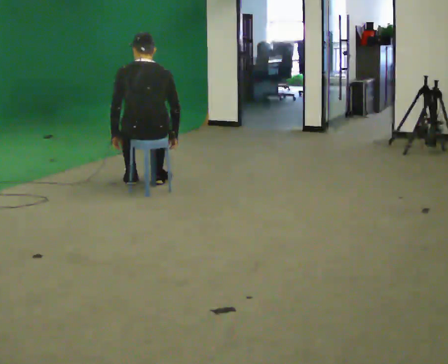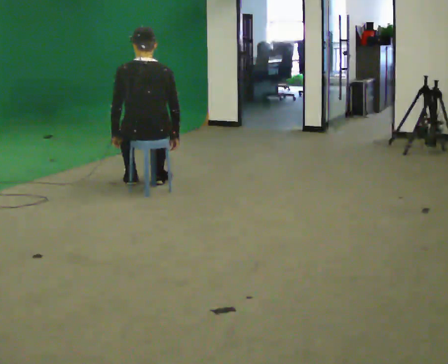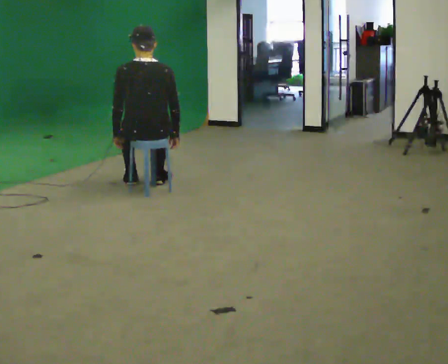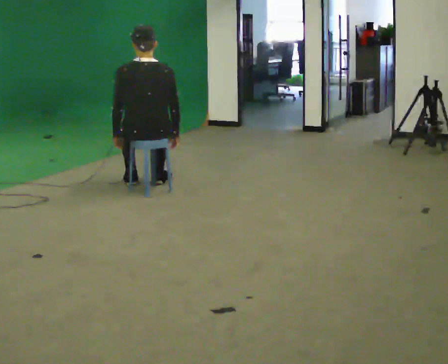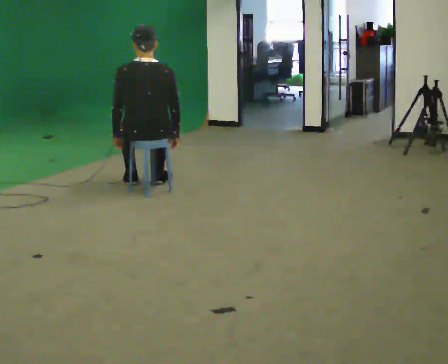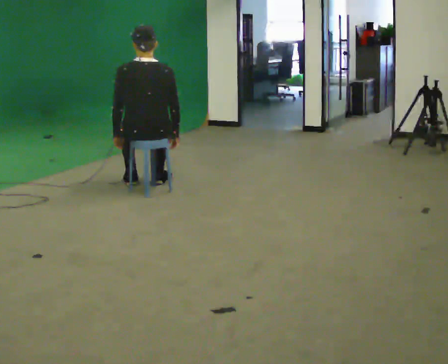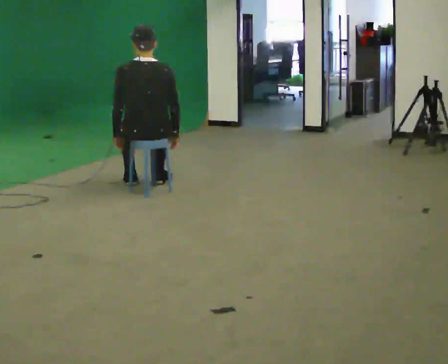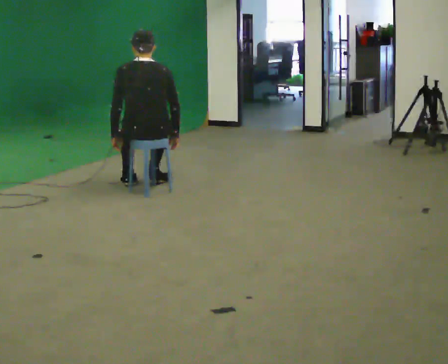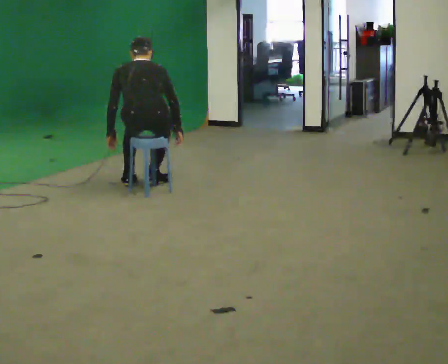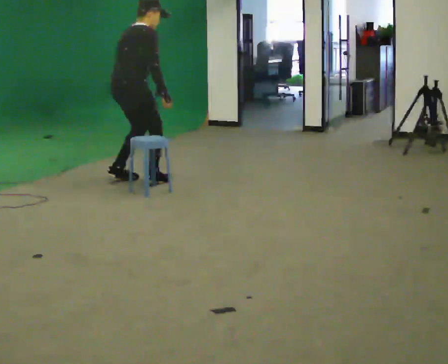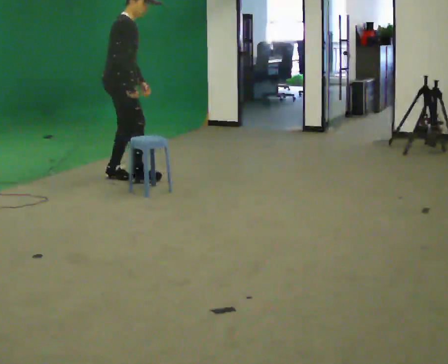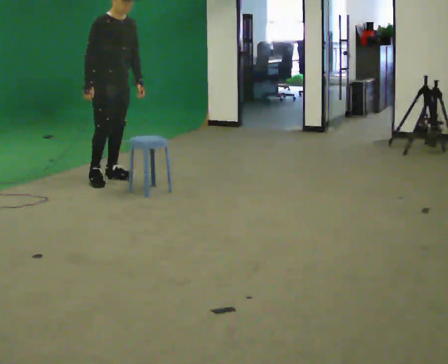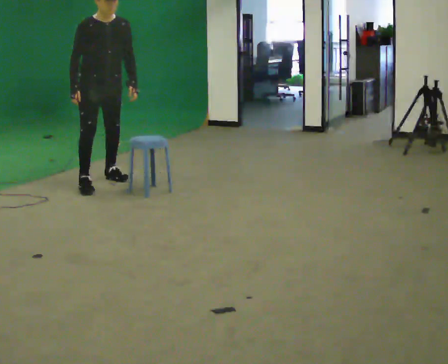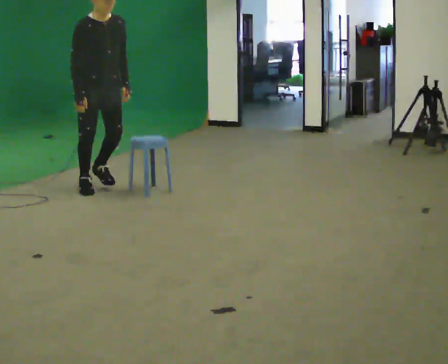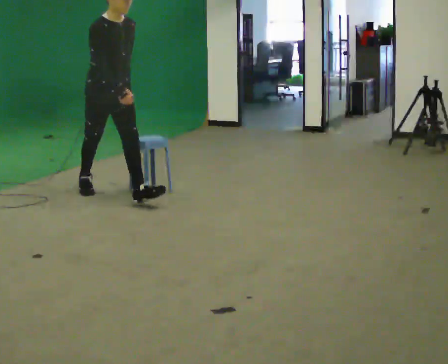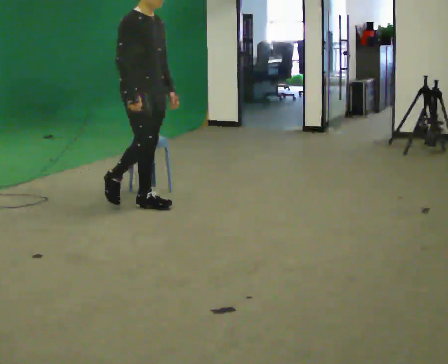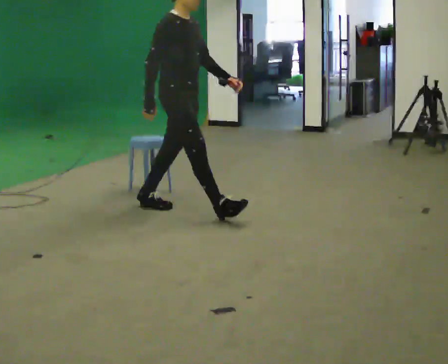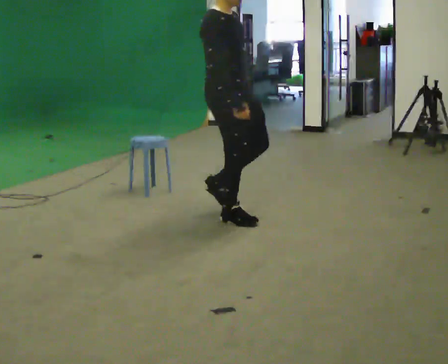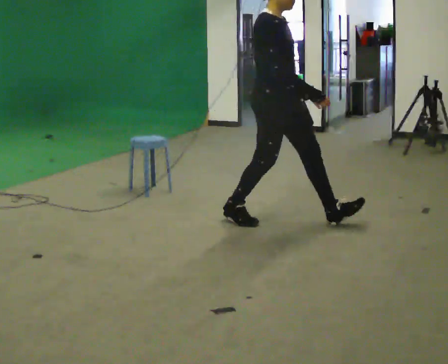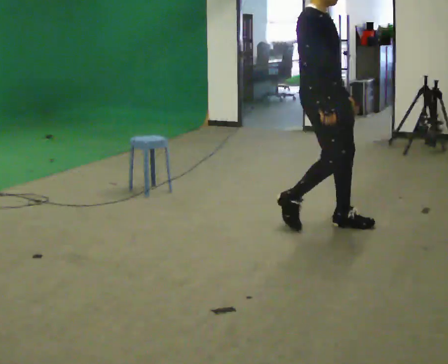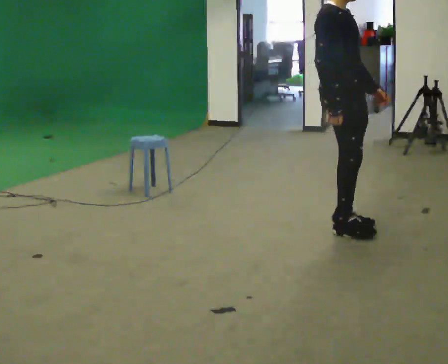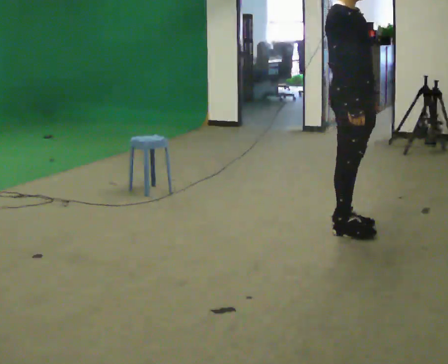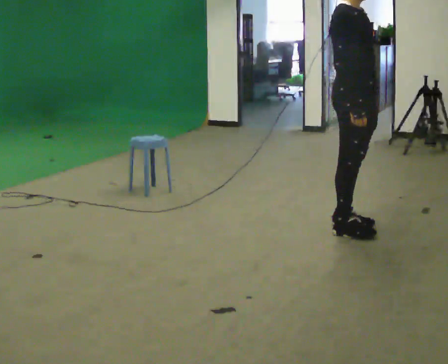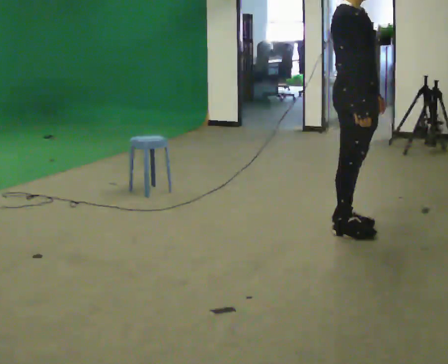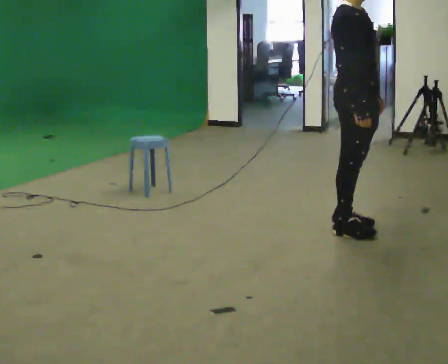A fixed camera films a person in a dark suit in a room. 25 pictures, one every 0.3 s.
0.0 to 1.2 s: The upper body tips toward the camera, its near side rolling downward, as they lean back or straighten.
1.2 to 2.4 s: The upper body tips away from the camera, its near side rolling upward, as they bend forward.
2.4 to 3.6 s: The person turns about 150 degrees to their right, clockwise seen from above, so the part of the body nearest the lens slides to the left. In the picture they go to the left and away from the camera, about 0.5 m in 2 steps. The upper body goes upward. The upper body tips toward the camera, its near side rolling downward, as they lean back or straighten. In the picture their right hand goes upward, the arm swinging clockwise.
3.6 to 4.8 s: The person turns about 45 degrees to their left, counterclockwise seen from above, so the part of the body nearest the lens slides to the right. In the picture they go toward the camera and to the right, about 1 m in 1 step, which for them is forward.
4.8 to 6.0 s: In the picture they go to the right and toward the camera, about 1 m in 2 steps, which for them is forward.
6.0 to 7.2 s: The person moves a little, or ends about where they began.
The film runs forward here.
